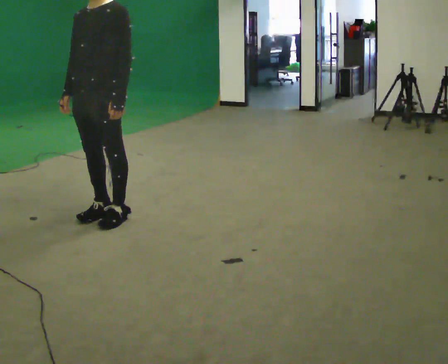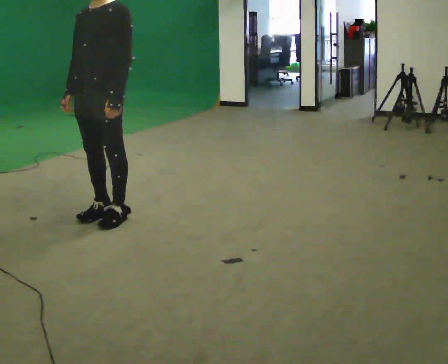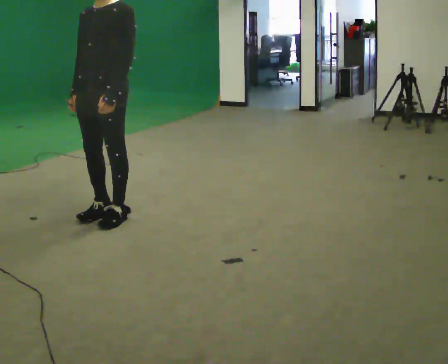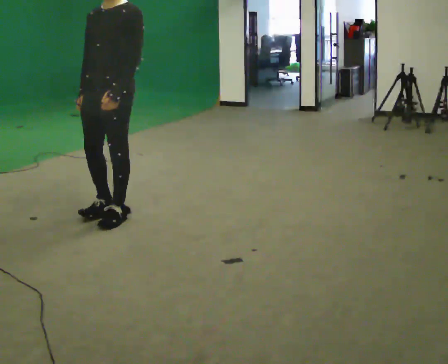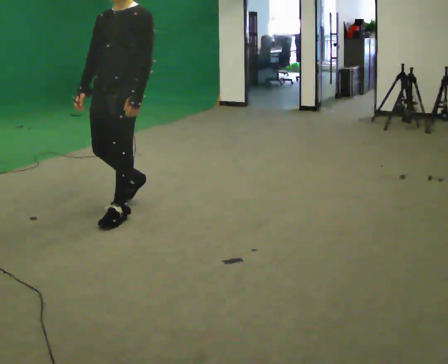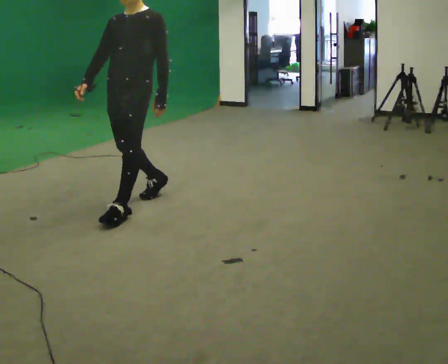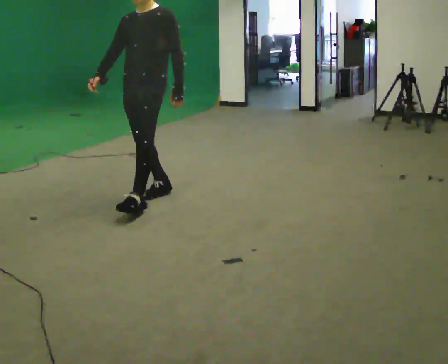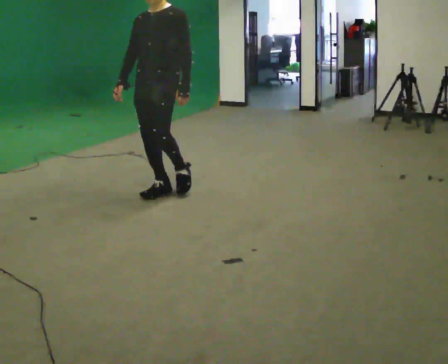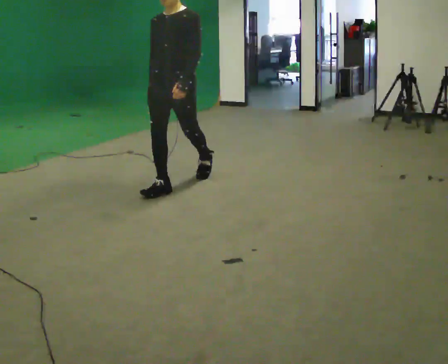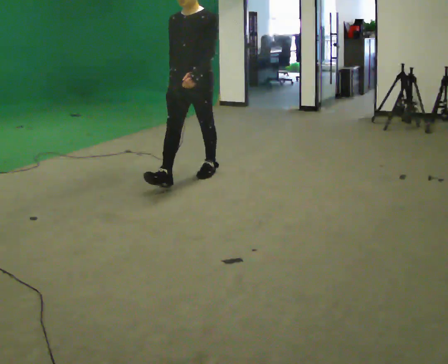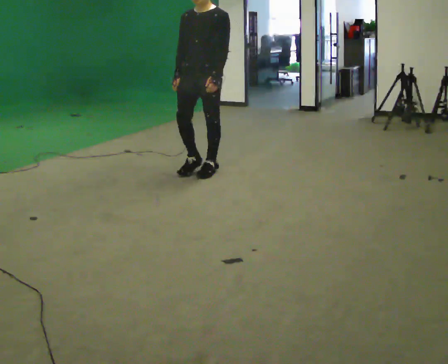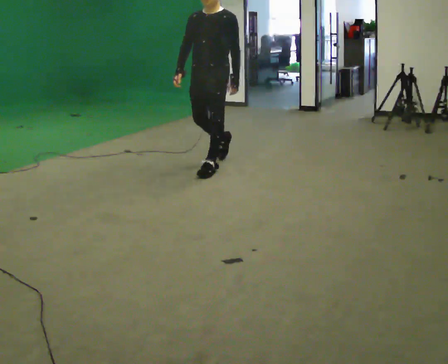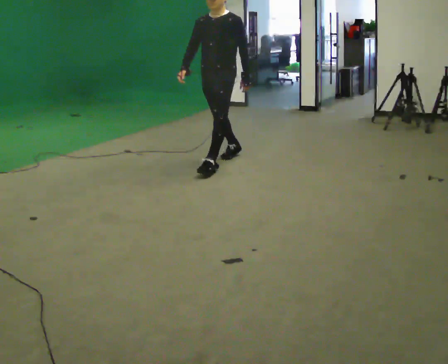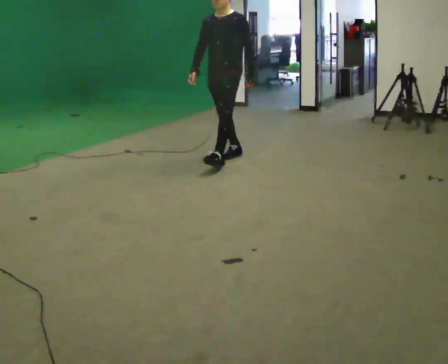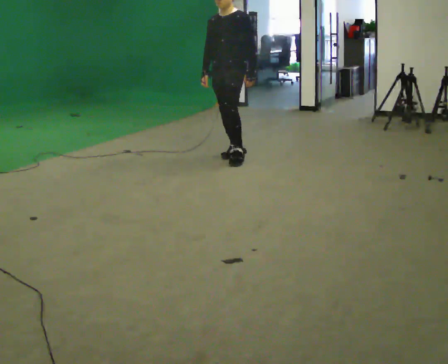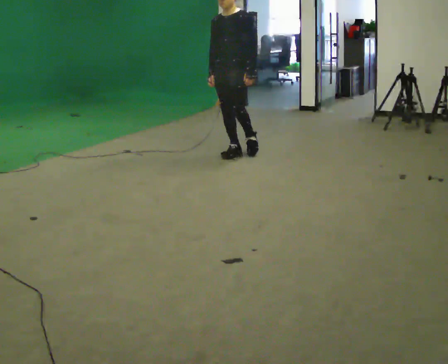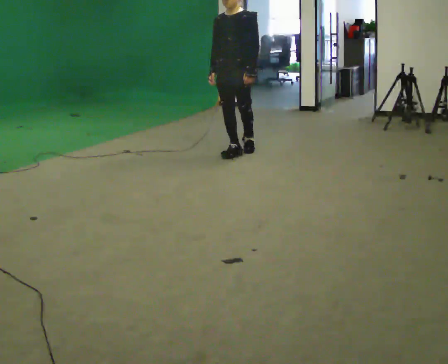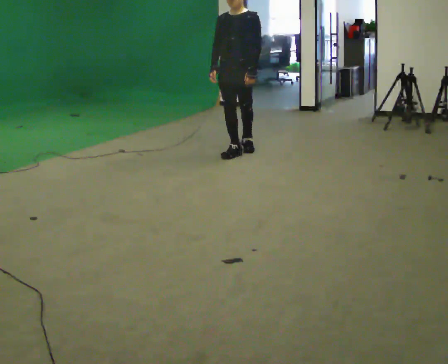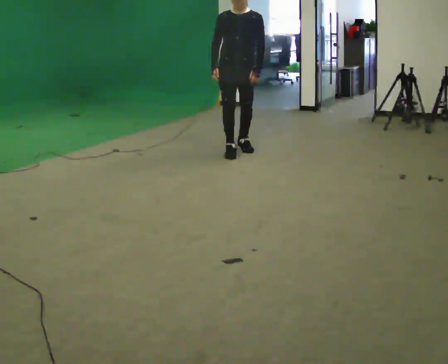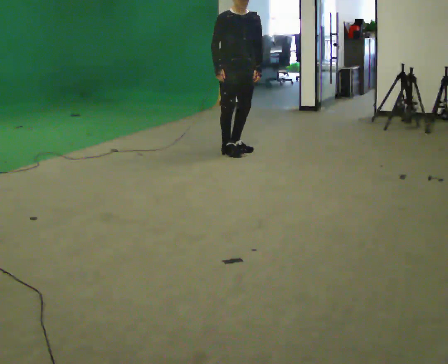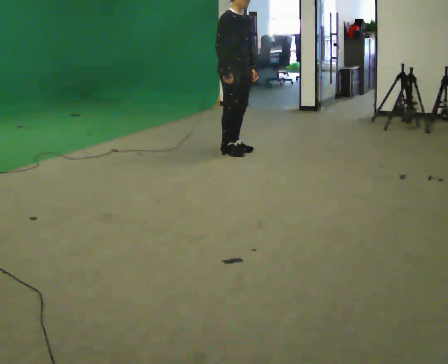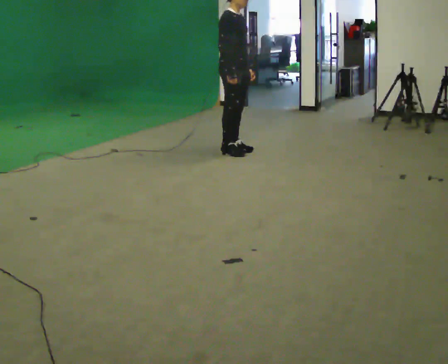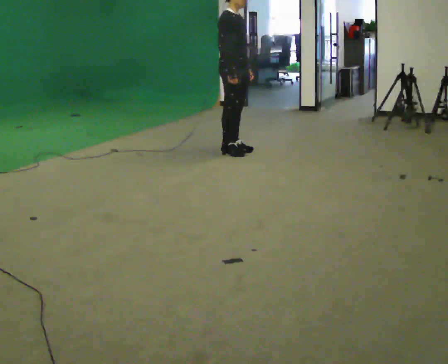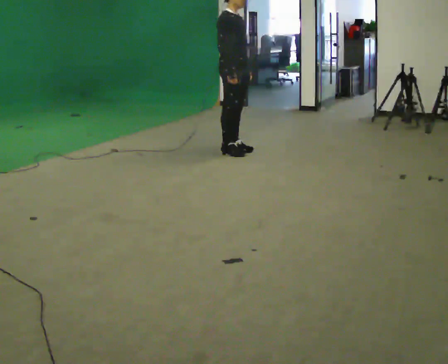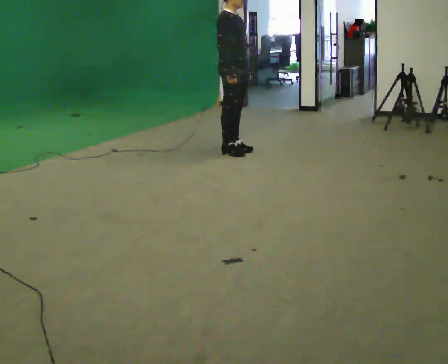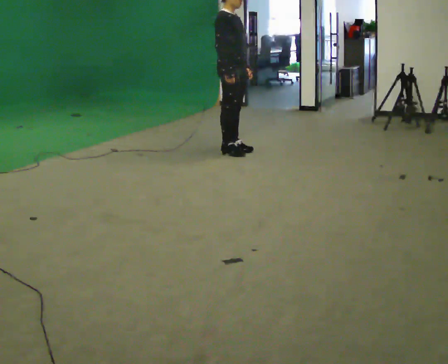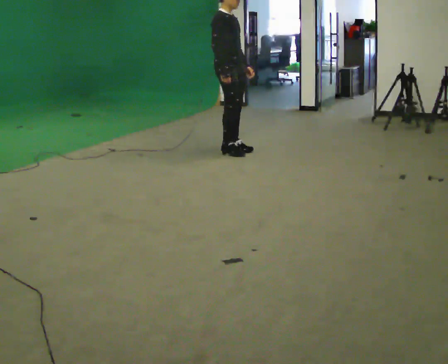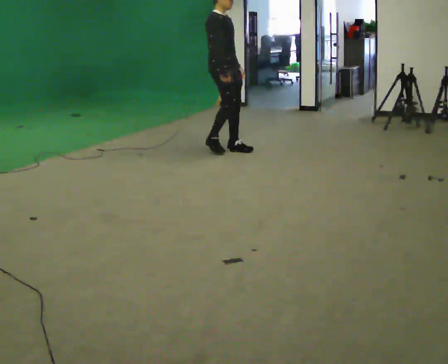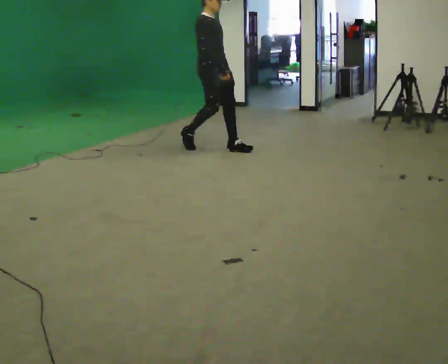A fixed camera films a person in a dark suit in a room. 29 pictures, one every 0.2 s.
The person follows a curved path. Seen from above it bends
counterclockwise.
The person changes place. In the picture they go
away from the camera.
0.0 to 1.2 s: In the picture they go away from the camera and to the right, about 0.5 m in 2 steps, which for them is backward.
1.2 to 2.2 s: In the picture they go away from the camera and to the right, about 1 m in 1 step, which for them is backward.
2.2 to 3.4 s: In the picture they go away from the camera and to the right, about 0.75 m in 1 step, which for them is backward.
3.4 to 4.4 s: Seen from above the body turns counterclockwise, about 90 degrees: to their left, with its near side sliding to the right.
4.4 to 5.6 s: In the picture they go to the left, about 0.25 m in 1 step, which for them is backward.
The film runs backward here.
